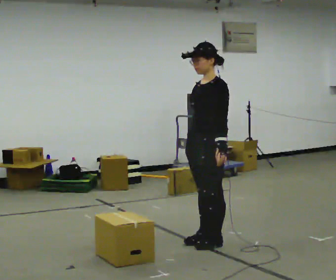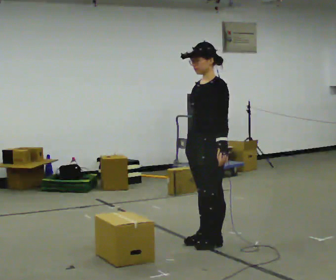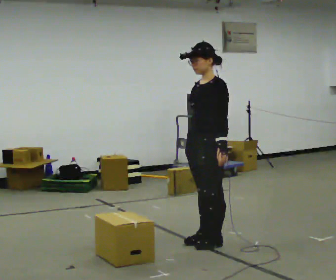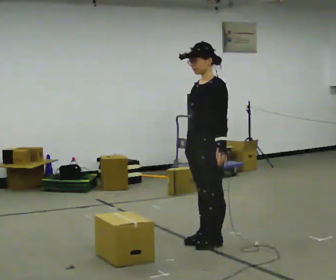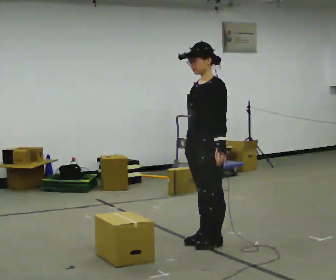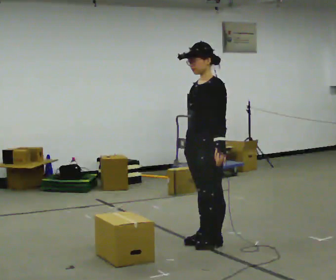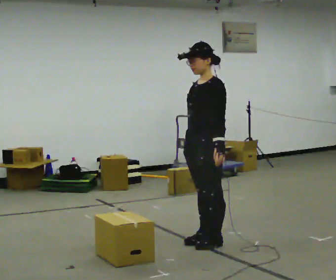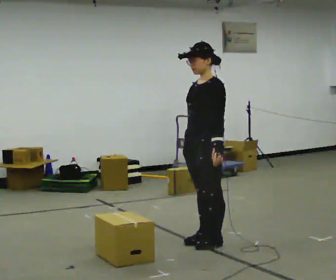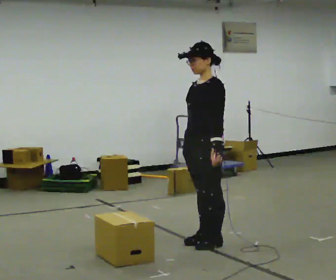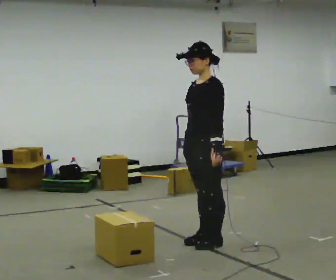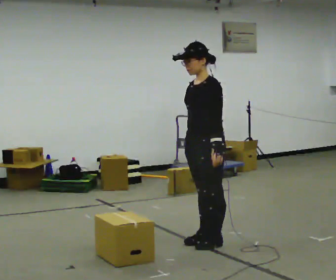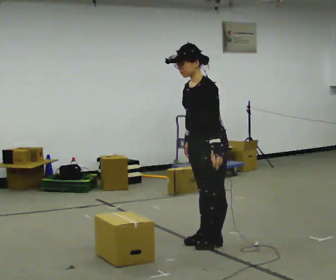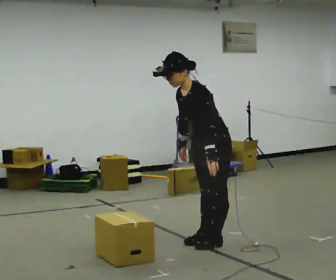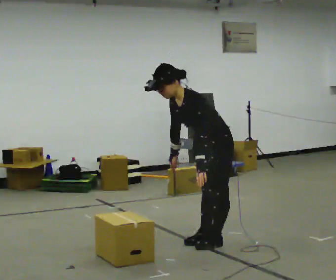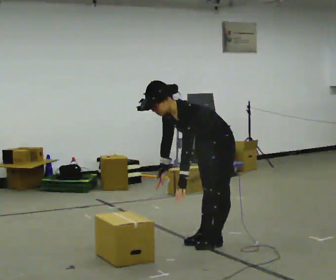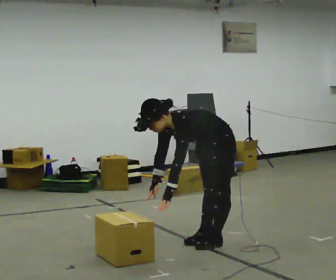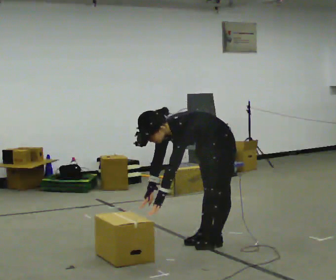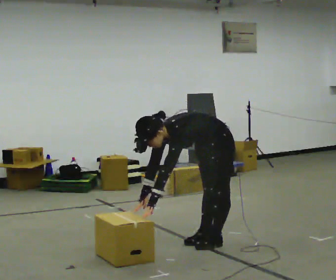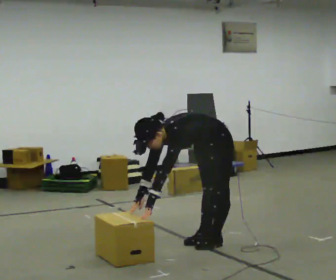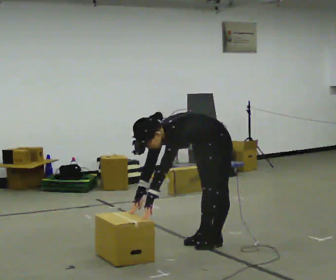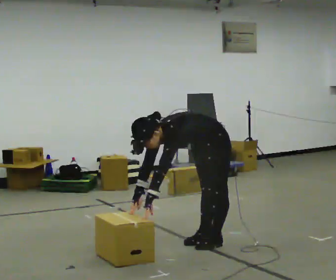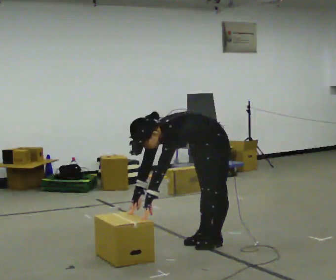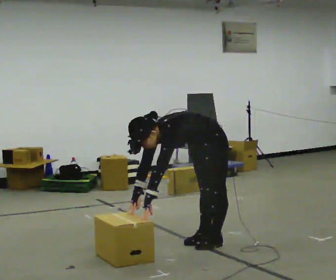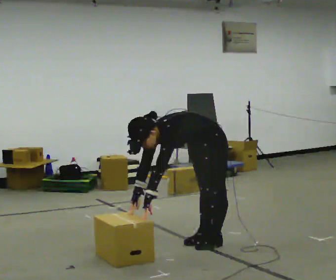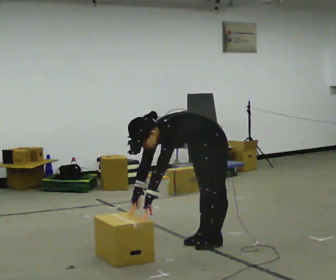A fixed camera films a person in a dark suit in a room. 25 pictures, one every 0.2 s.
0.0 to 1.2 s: The person moves a little, or ends about where they began.
1.2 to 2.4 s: In the picture the upper body tilts counterclockwise, shoulders to the left, as they bend forward.
2.4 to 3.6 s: The upper body goes downward. In the picture the upper body tilts counterclockwise, shoulders to the left, as they bend forward. In the picture their right hand goes downward.
3.6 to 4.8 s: The person moves a little, or ends about where they began.
The film runs forward here.
